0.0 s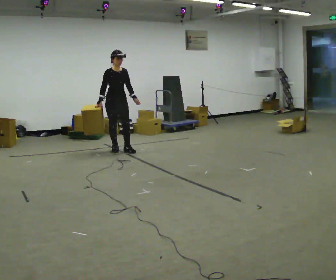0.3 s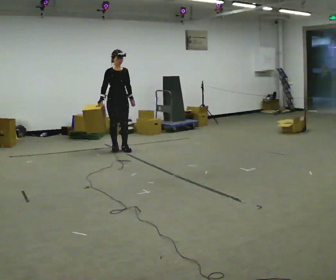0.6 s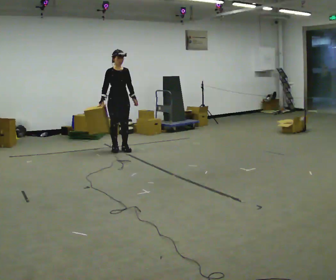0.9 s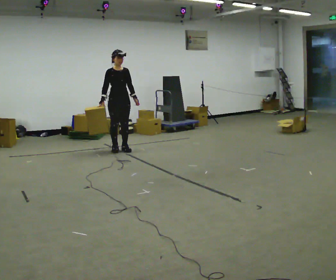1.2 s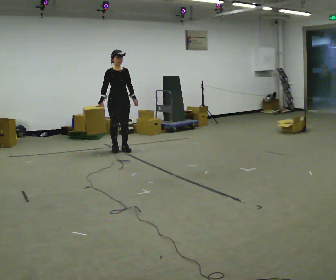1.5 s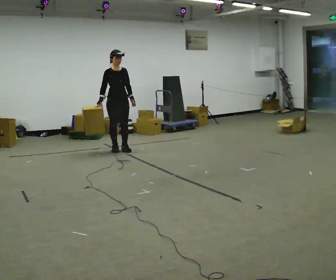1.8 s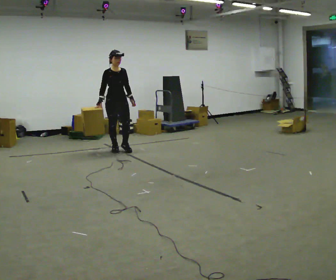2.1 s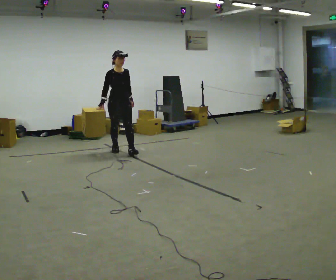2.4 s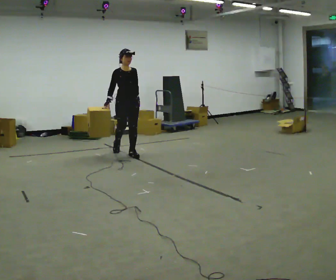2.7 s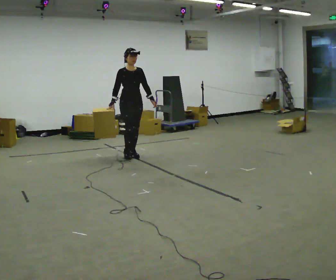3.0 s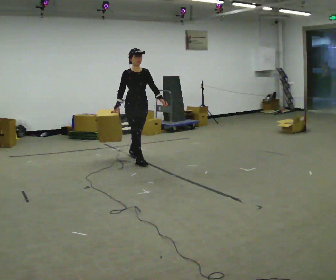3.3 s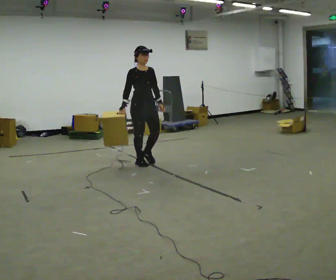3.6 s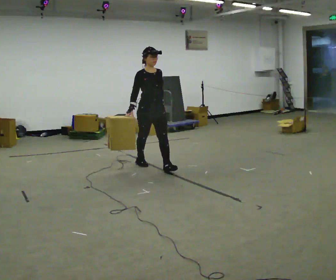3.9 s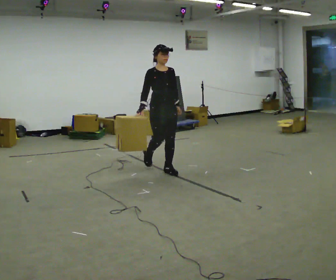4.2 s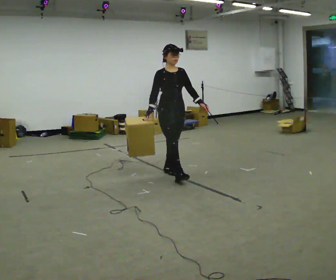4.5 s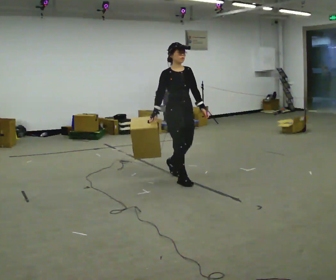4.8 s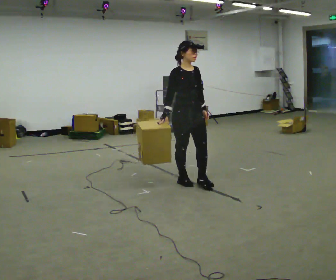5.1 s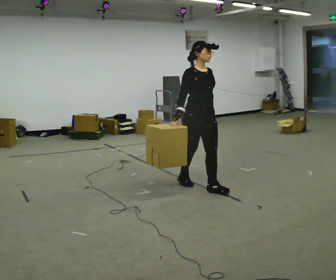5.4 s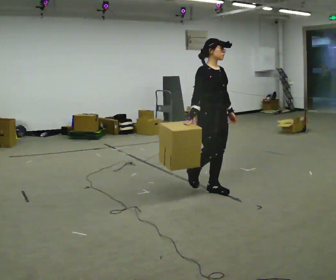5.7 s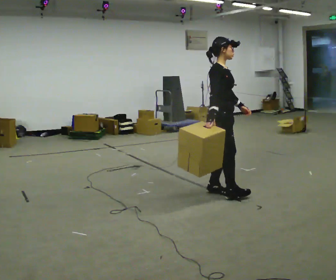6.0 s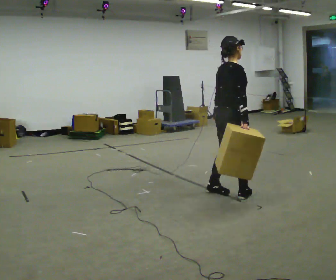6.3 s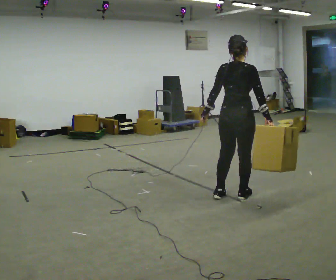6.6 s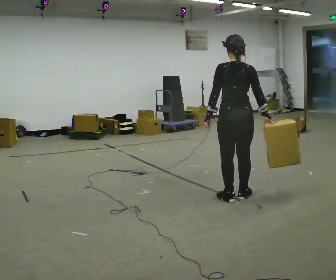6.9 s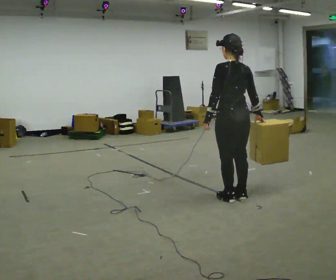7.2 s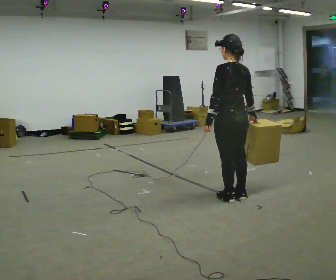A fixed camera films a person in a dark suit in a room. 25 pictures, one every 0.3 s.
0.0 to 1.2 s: The person moves a little, or ends about where they began.
1.2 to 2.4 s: In the picture they go toward the camera and to the right, about 0.5 m in 1 step, which for them is forward.
2.4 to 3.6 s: In the picture they go toward the camera and to the right, about 1 m in 2 steps, which for them is forward.
3.6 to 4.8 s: In the picture they go toward the camera and to the right, about 1 m in 1 step, which for them is forward.
4.8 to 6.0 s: Seen from above the body turns counterclockwise, about 90 degrees: to their left, with its near side sliding to the right. In the picture they go to the right and toward the camera, about 0.5 m in 2 steps.
6.0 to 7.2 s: The person turns about 90 degrees to their left, counterclockwise seen from above, so the part of the body nearest the lens slides to the right.
The film runs forward here.
